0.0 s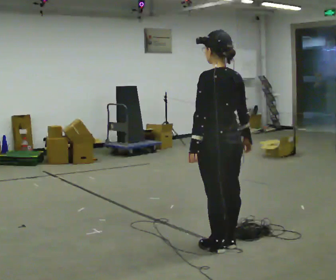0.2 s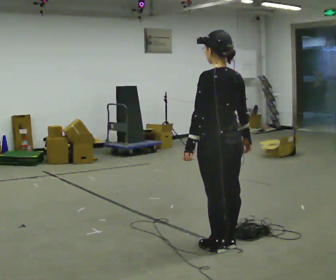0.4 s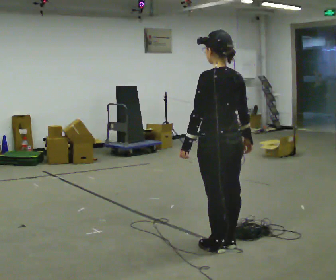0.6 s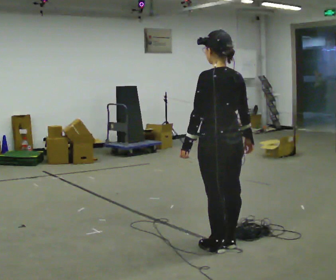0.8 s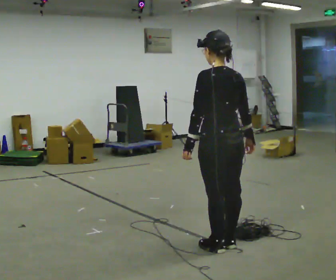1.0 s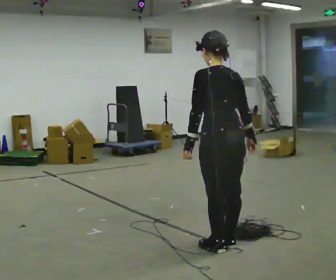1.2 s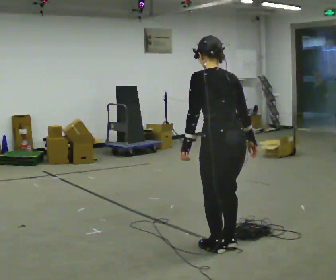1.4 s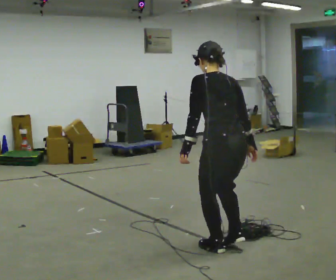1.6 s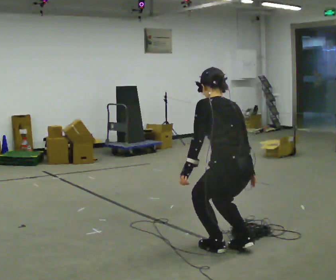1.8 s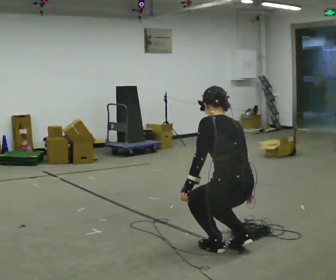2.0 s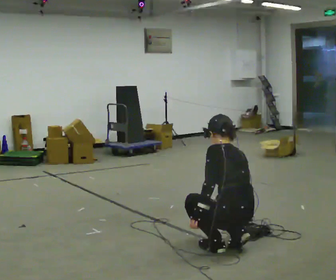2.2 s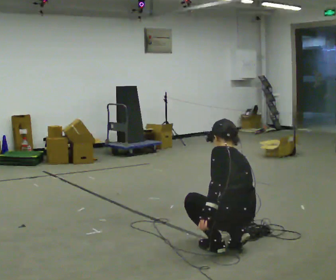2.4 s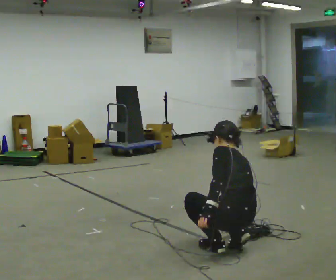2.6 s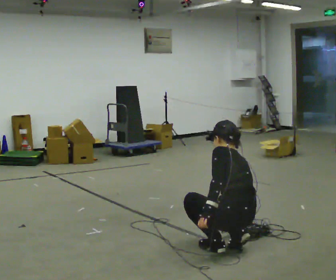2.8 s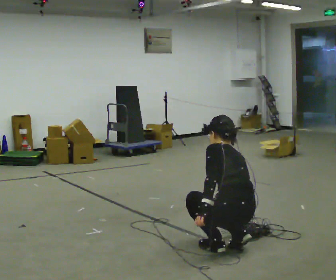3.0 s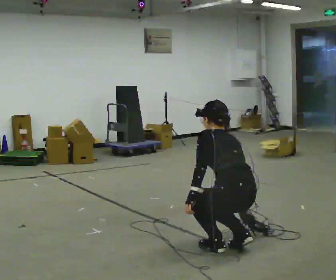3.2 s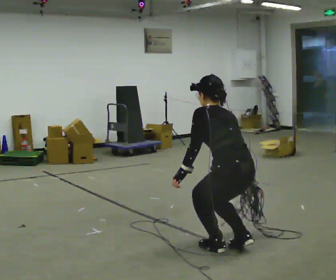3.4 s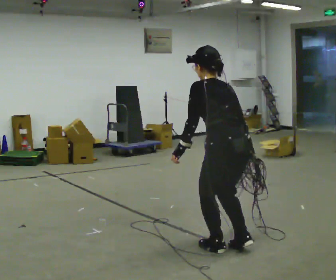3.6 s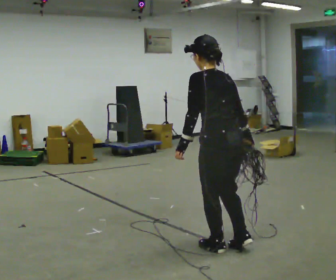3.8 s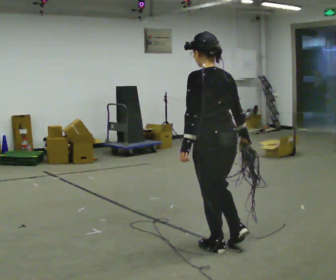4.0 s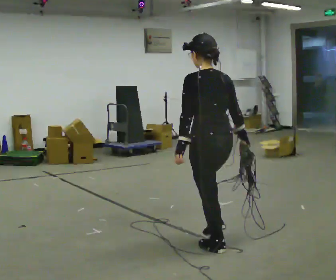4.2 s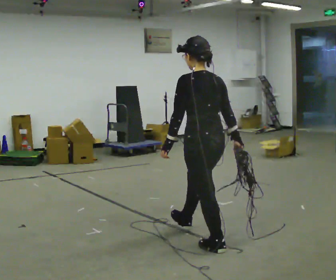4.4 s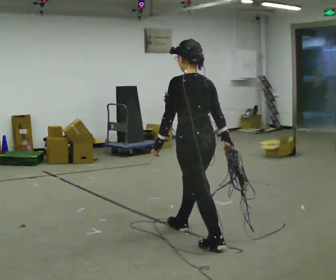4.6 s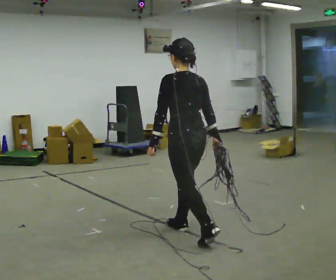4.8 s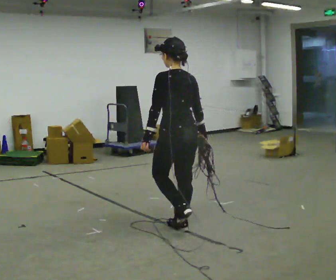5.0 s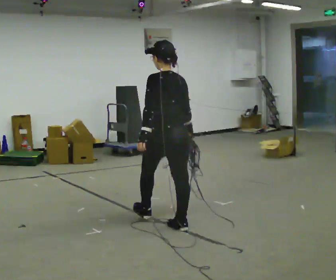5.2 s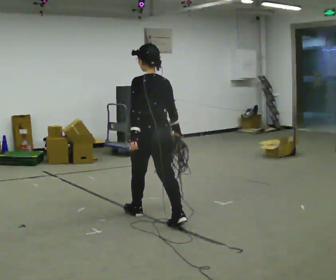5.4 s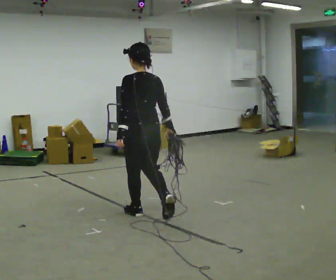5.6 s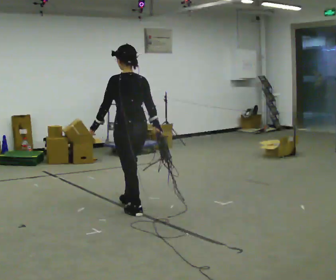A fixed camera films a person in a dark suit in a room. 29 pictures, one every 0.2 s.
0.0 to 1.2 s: The person moves a little, or ends about where they began.
1.2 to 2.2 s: The upper body goes downward. The upper body tips away from the camera, its near side rolling upward. In the picture their left hand goes downward.
2.2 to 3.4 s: The shoulders move upward. In the picture their left hand goes upward.
3.4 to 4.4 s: In the picture they go to the left and away from the camera, about 0.25 m in 1 step, which for them is forward.
4.4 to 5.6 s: In the picture they go to the left and away from the camera, about 1 m in 1 step, which for them is forward.
The film runs forward here.
